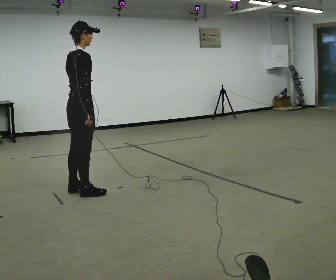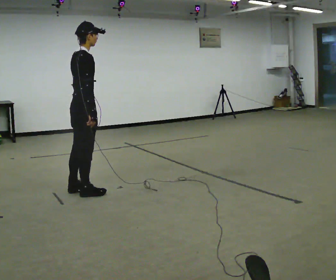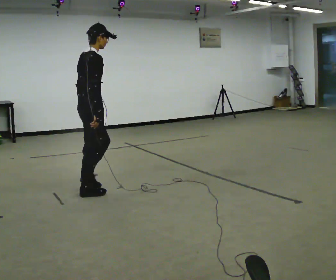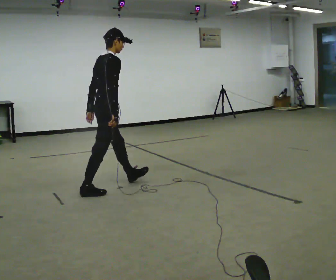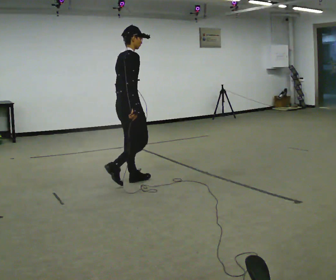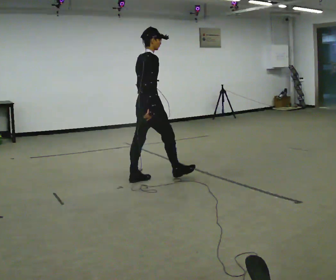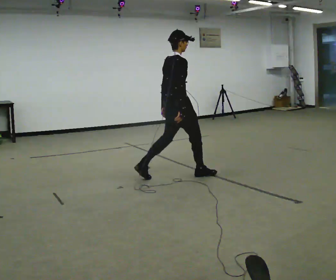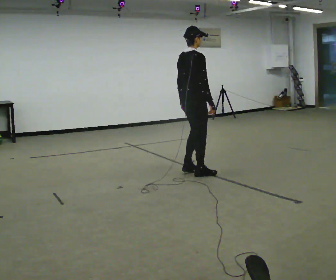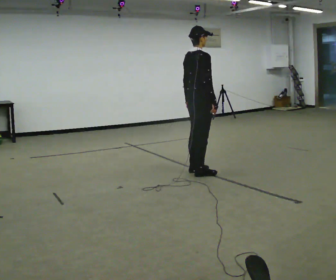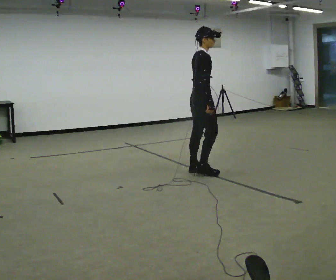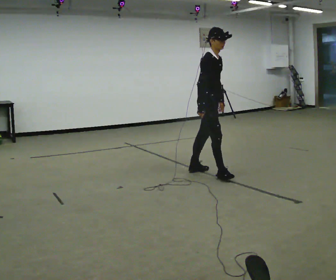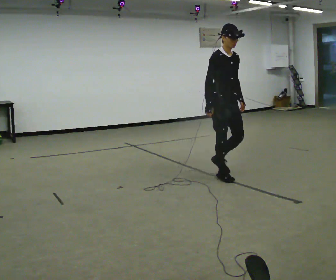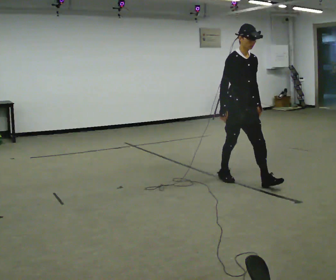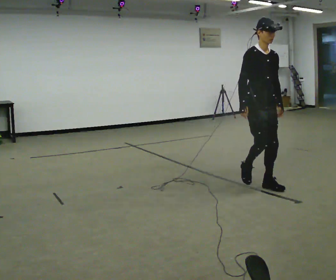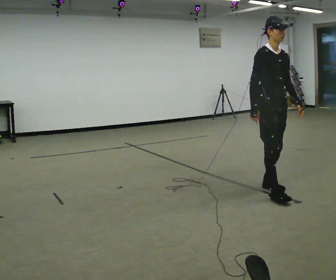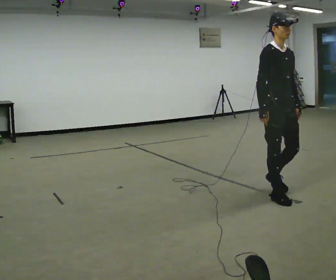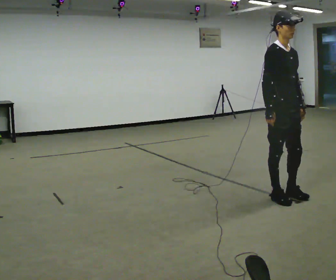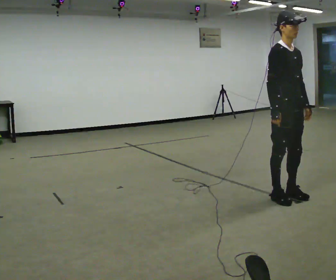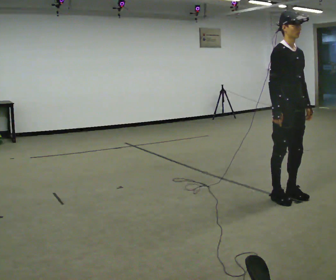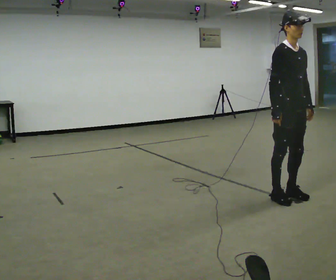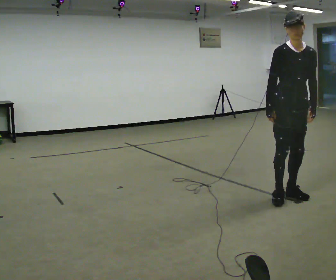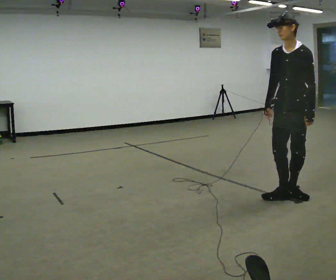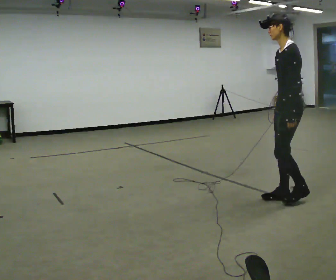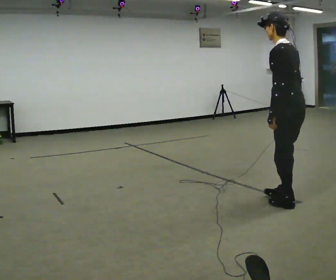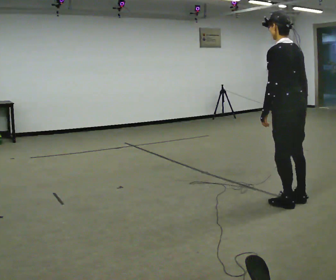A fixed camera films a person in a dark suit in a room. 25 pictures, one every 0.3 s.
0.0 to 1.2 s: In the picture they go away from the camera and to the right, about 0.5 m in 1 step, which for them is forward.
1.2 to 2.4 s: In the picture they go to the right and away from the camera, about 1 m in 2 steps, which for them is forward.
2.4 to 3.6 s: The part of the body nearest the lens slides to the left as the person turns to their right by about 90 degrees. In the picture they go to the right and toward the camera, about 0.5 m in 1 step.
3.6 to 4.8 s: In the picture they go toward the camera and to the right, about 0.75 m in 3 steps, which for them is forward.
4.8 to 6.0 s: The person turns about 30 degrees to their right, clockwise seen from above, so the part of the body nearest the lens slides to the left.
6.0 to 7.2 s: The person turns about 150 degrees to their right, clockwise seen from above, so the part of the body nearest the lens slides to the left. In the picture they go toward the camera, about 0.25 m in 3 steps. In the picture their right hand goes to the right, the arm swinging counterclockwise.
The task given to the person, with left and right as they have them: Walk straight; turn 90° left/right while continuing to walk; continue.
The film runs forward here.
